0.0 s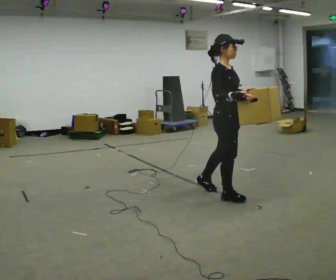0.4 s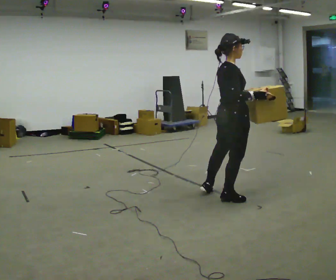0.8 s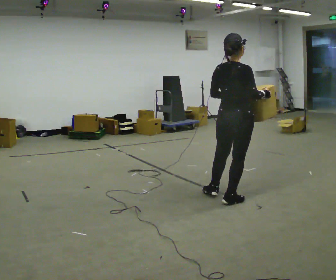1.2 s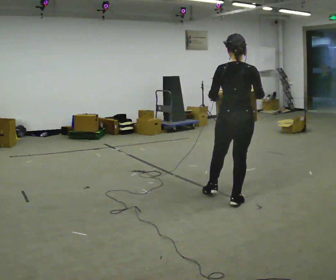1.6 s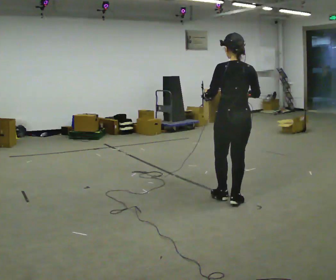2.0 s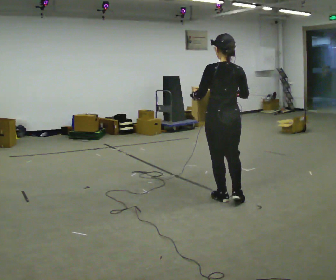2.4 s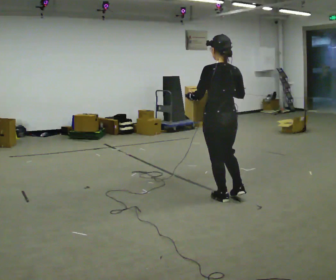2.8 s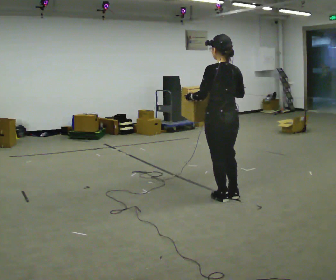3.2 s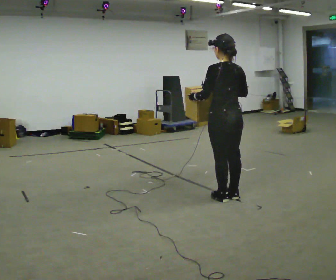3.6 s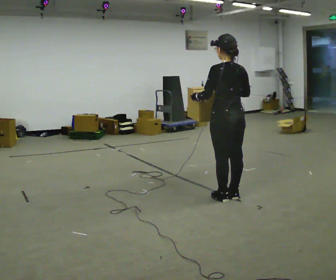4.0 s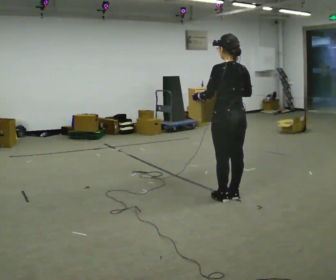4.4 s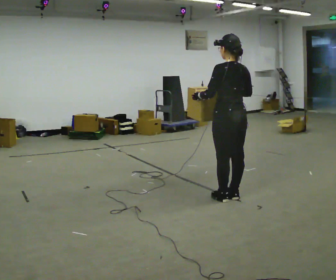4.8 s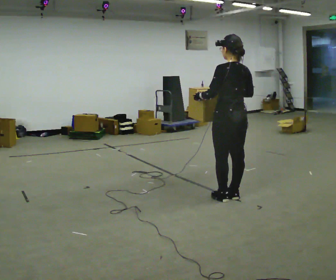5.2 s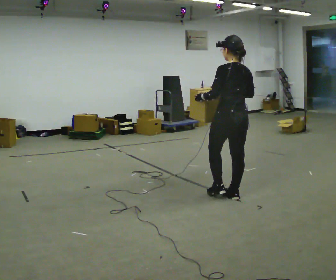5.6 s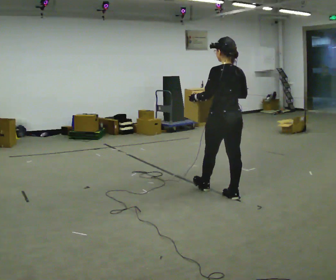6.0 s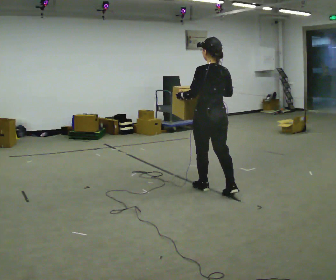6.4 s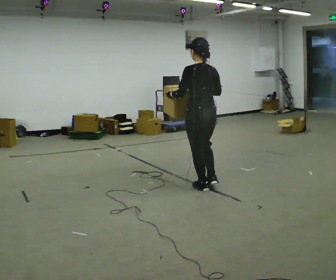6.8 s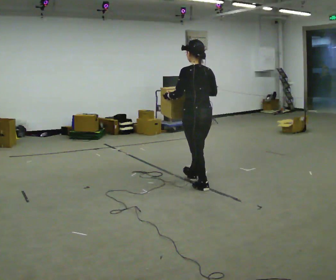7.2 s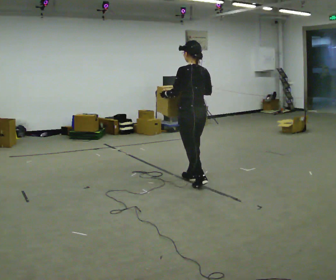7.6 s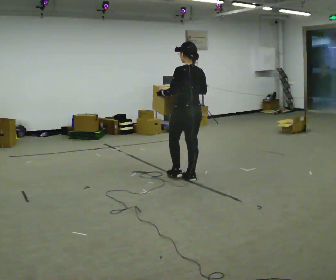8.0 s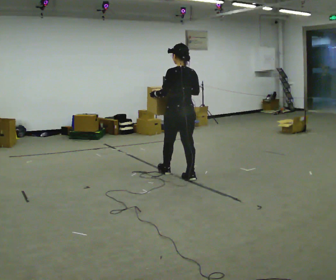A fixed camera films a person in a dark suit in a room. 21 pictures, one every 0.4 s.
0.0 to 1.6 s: Seen from above the body turns counterclockwise, about 120 degrees: to their left, with its near side sliding to the right. In the picture their left hand goes to the left.
1.6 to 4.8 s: The person moves a little, or ends about where they began.
4.8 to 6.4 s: In the picture they go to the left and away from the camera, about 0.5 m in 1 step, which for them is forward.
6.4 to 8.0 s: In the picture they go away from the camera and to the left, about 0.5 m in 2 steps, which for them is forward.
The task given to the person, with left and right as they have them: Carry the box across the room much more slowly and carefully than normal, back and forth.
The film runs forward here.
